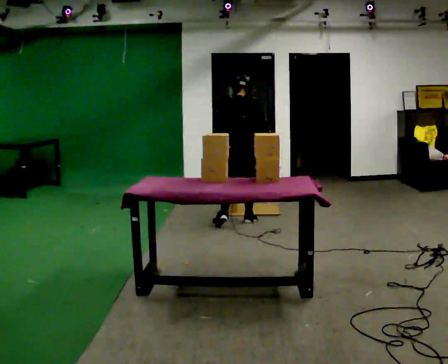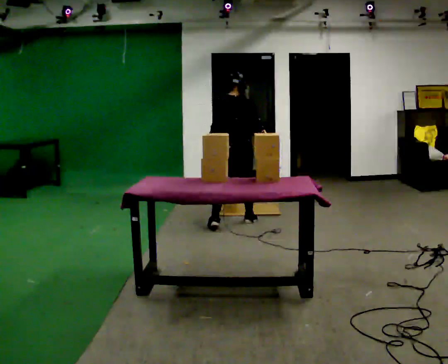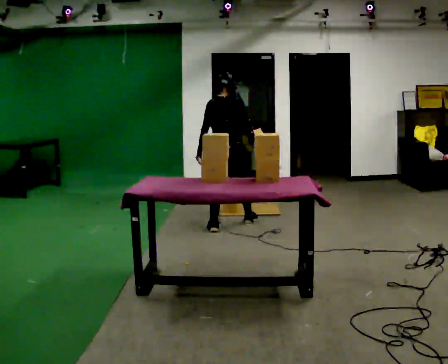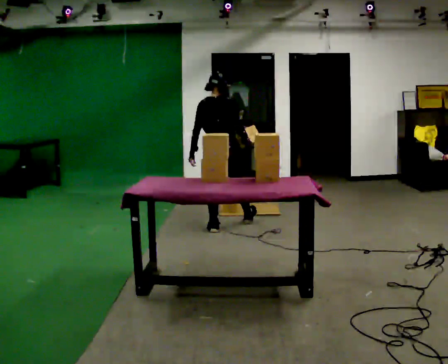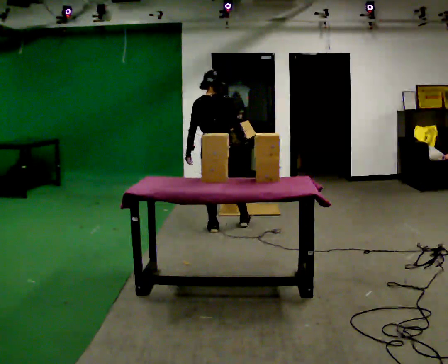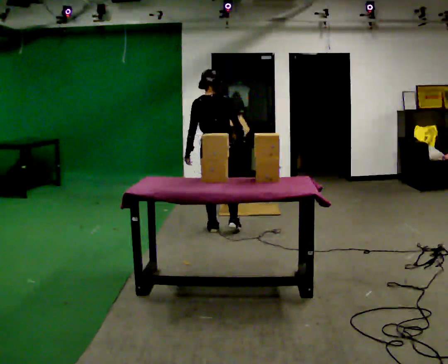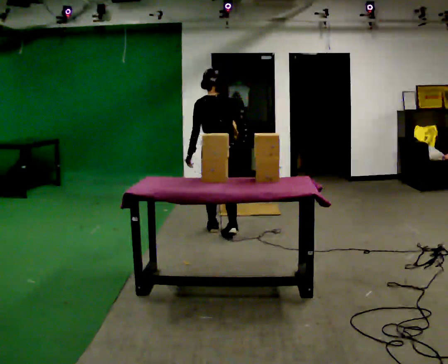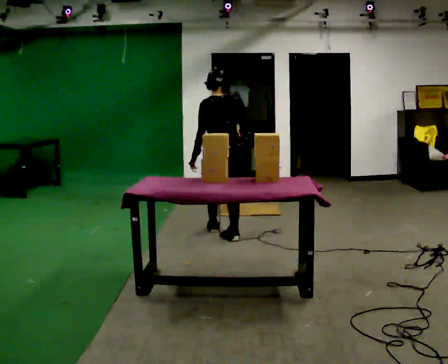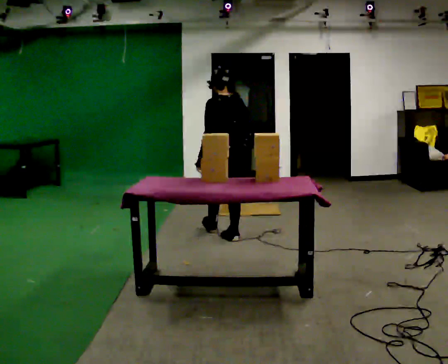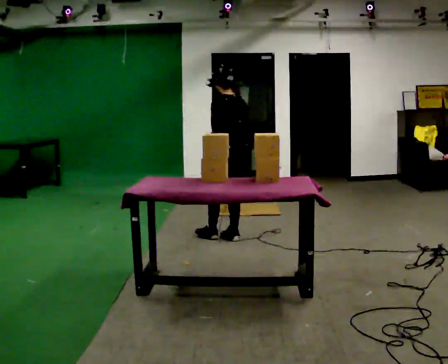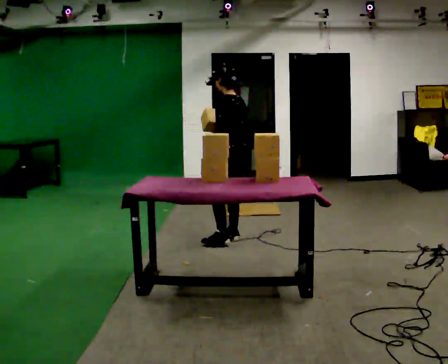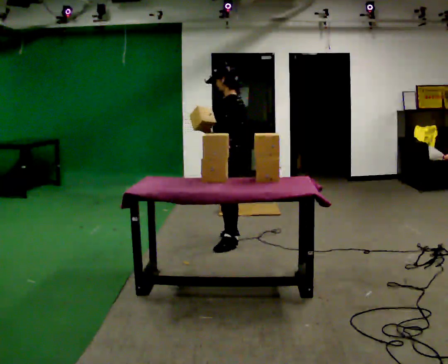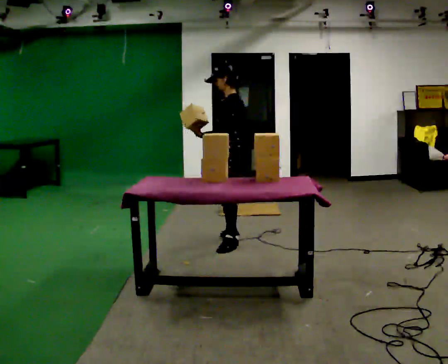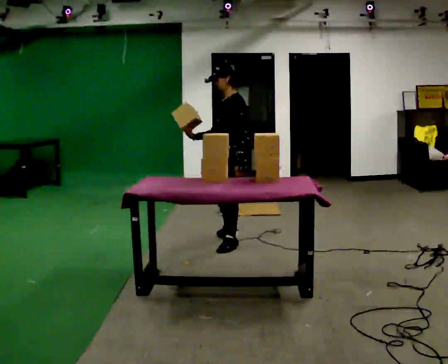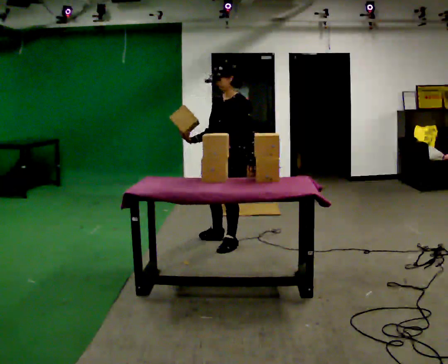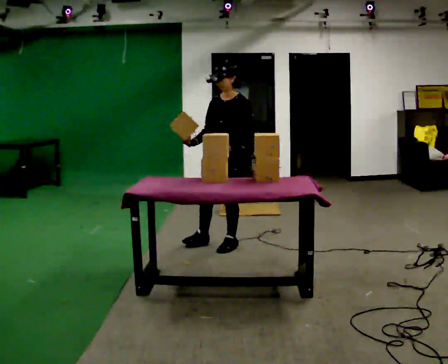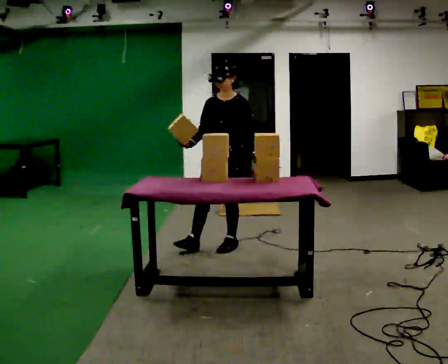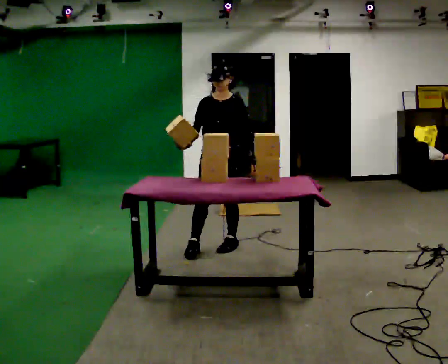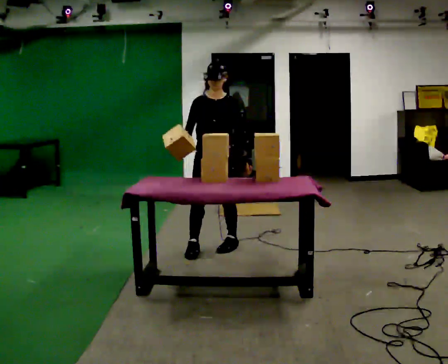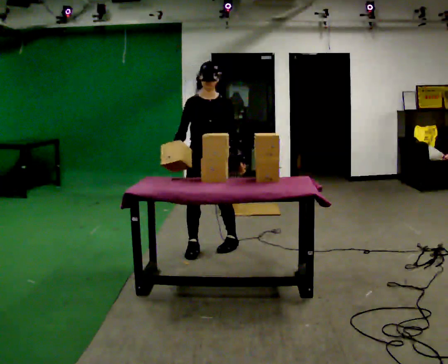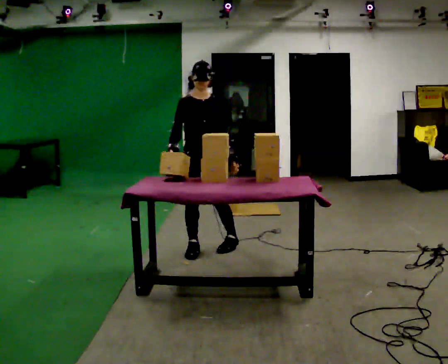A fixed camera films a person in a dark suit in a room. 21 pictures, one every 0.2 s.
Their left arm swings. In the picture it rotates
counterclockwise.
The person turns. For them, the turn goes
to their left.
0.0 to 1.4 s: In the picture they go toward the camera, about 0.5 m in 1 step, which for them is backward. The upper body tips toward the camera, its near side rolling downward, as they lean back or straighten.
1.4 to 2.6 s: The part of the body nearest the lens slides to the right as the person turns to their left by about 90 degrees. In the picture they go toward the camera, about 0.5 m in 2 steps.
2.6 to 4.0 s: The part of the body nearest the lens slides to the right as the person turns to their left by about 90 degrees. In the picture they go to the left and toward the camera, about 0.25 m.
The film runs backward here.
